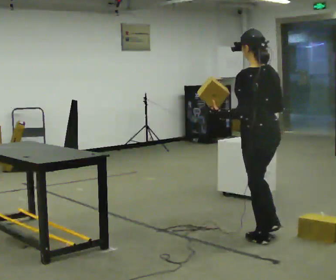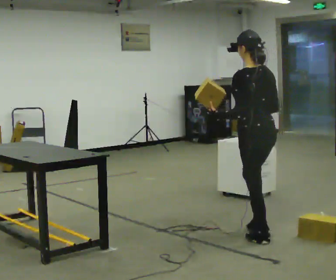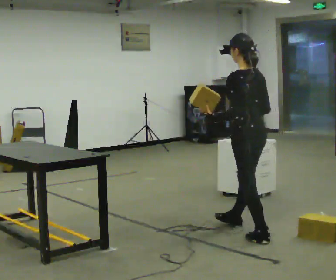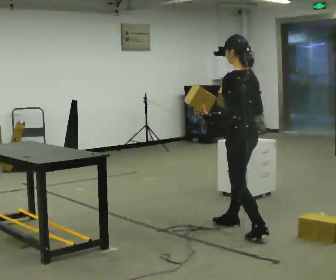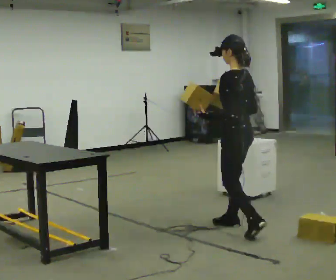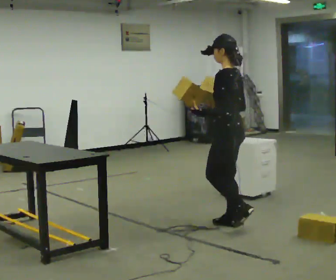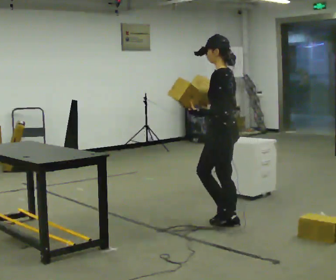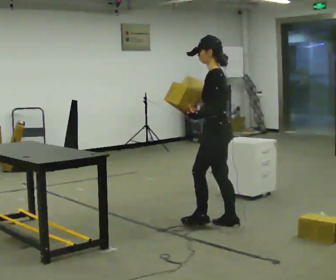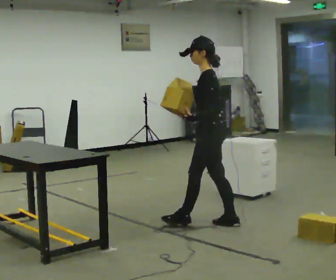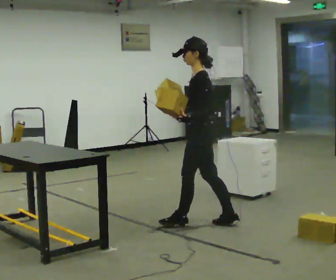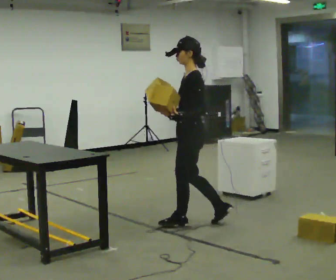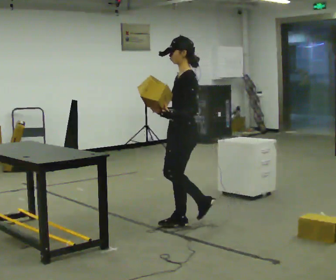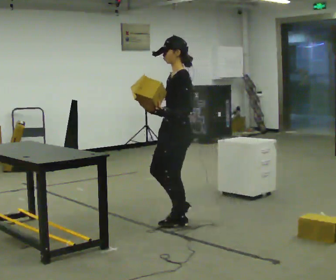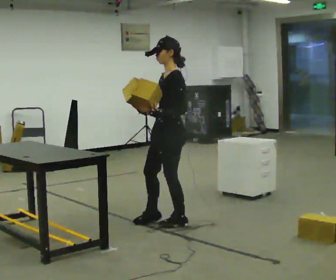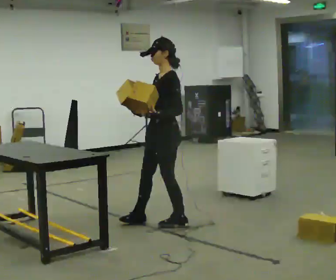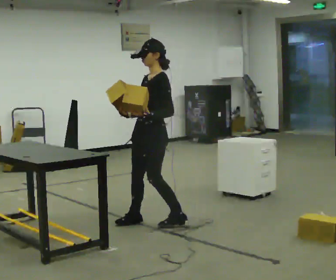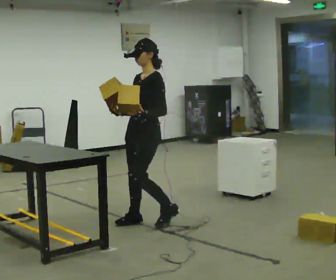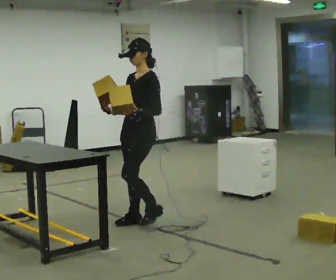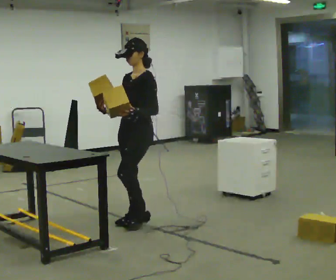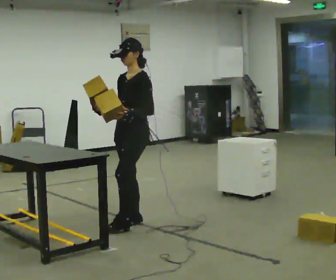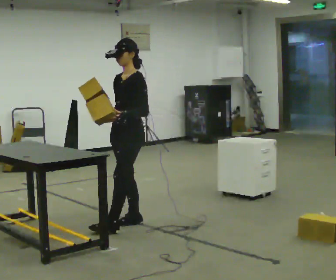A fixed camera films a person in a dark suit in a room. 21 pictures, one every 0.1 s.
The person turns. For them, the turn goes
to their left.
The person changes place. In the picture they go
to the left.
0.0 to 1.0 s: Seen from above the body turns counterclockwise, about 60 degrees: to their left, with its near side sliding to the right. In the picture they go to the left and away from the camera, about 0.75 m in 2 steps, which for them is forward.
1.0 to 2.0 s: The person turns about 30 degrees to their left, counterclockwise seen from above, so the part of the body nearest the lens slides to the right. In the picture they go to the left, about 0.5 m in 1 step, which for them is forward and to their right.
The film runs forward here.
